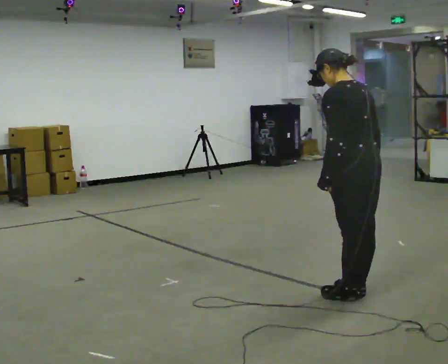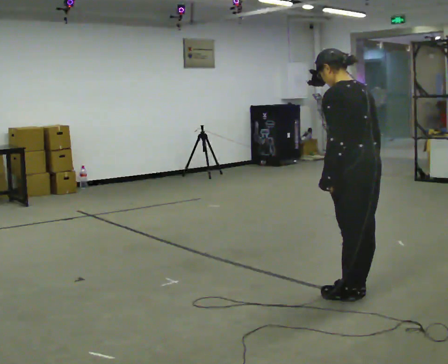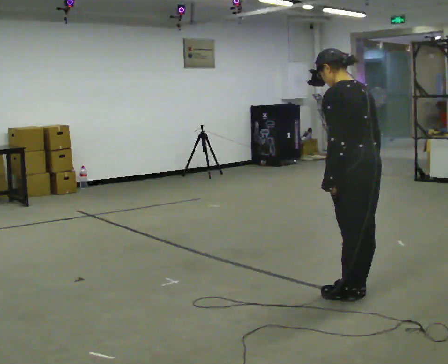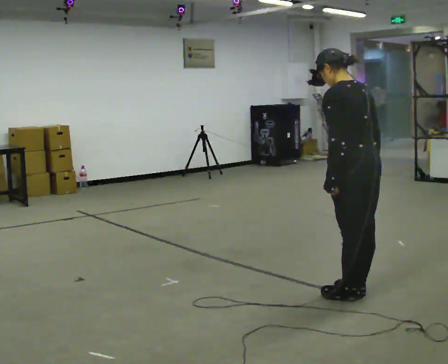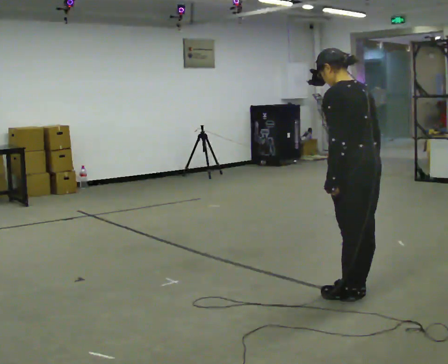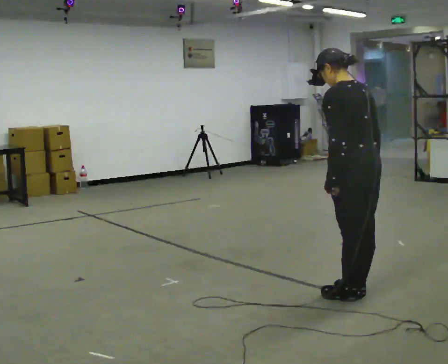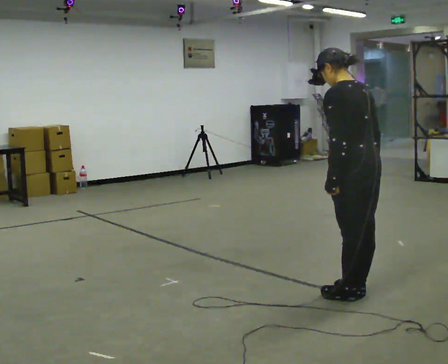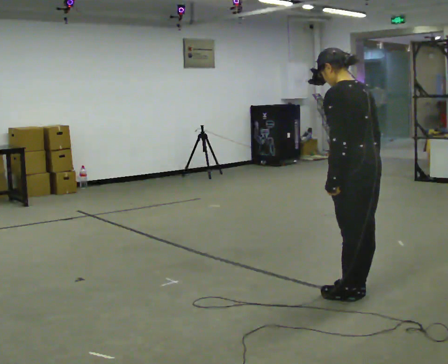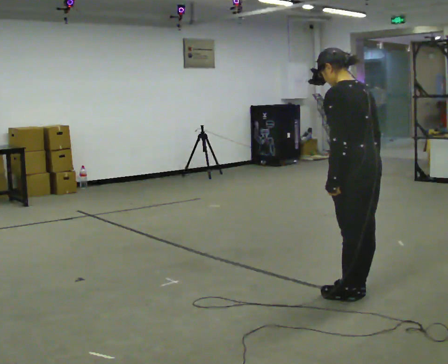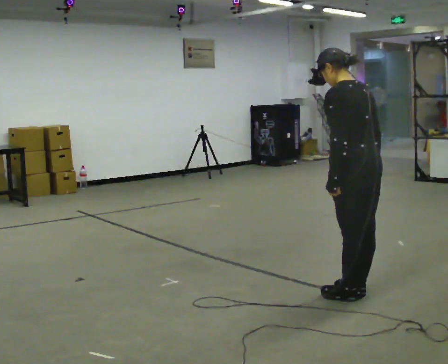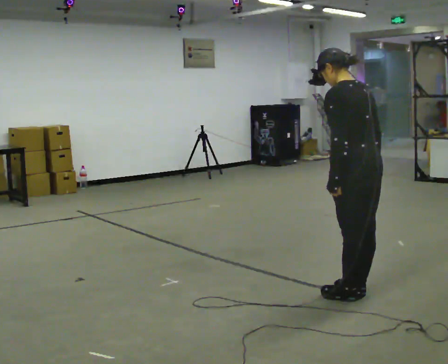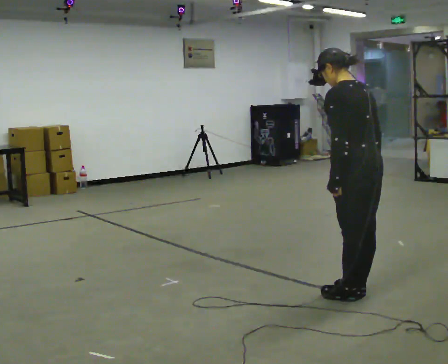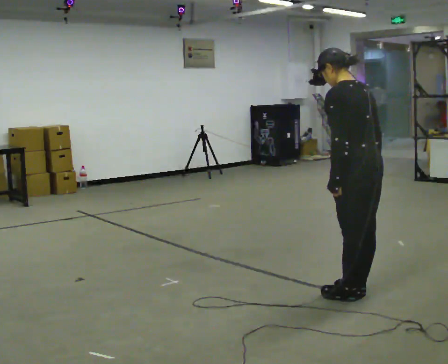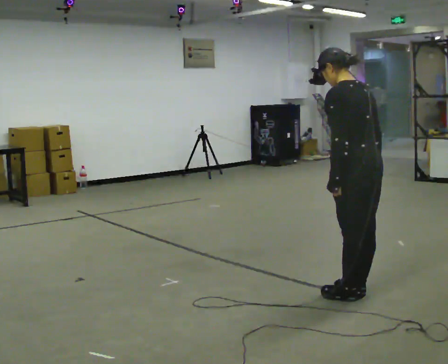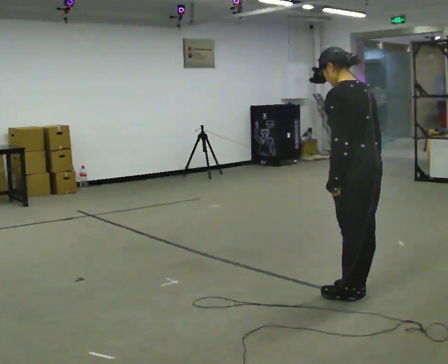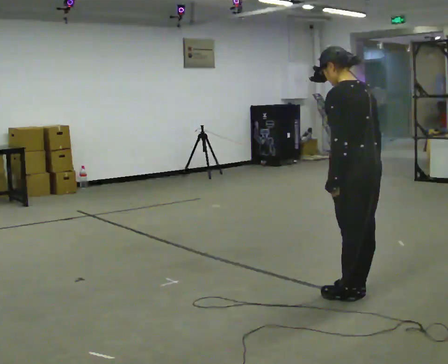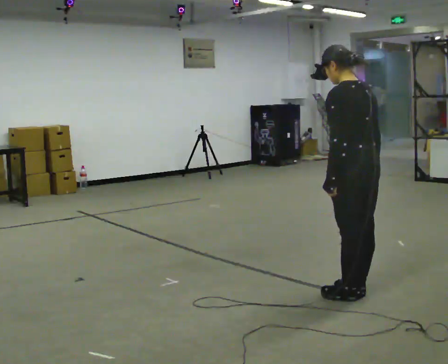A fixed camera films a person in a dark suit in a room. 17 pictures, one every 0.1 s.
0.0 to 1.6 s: The person moves a little, or ends about where they began.
The film runs backward here.
